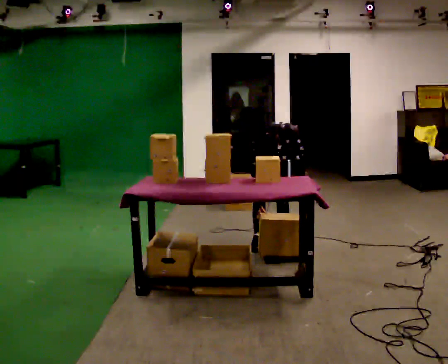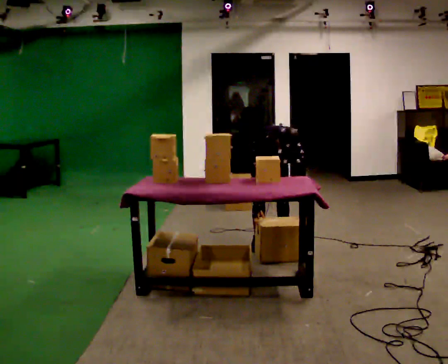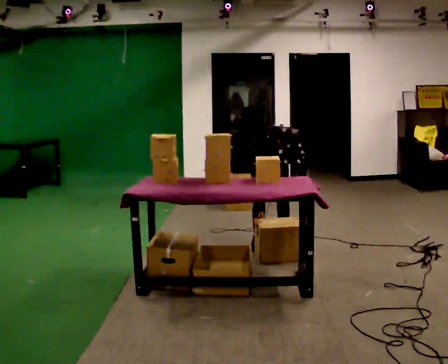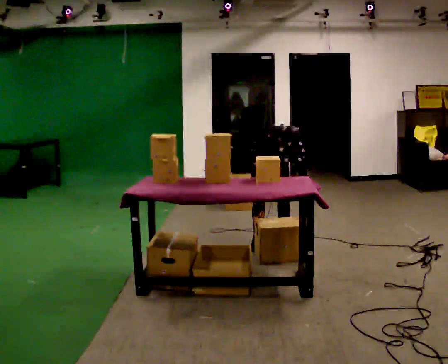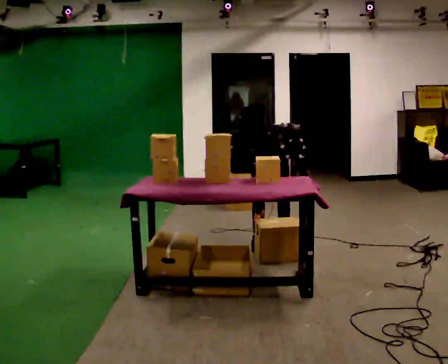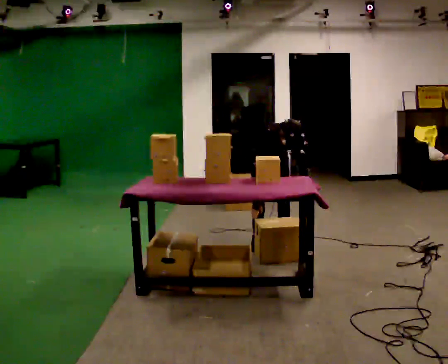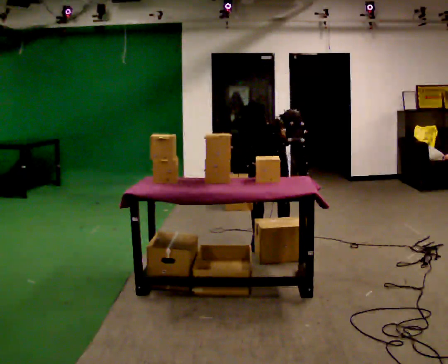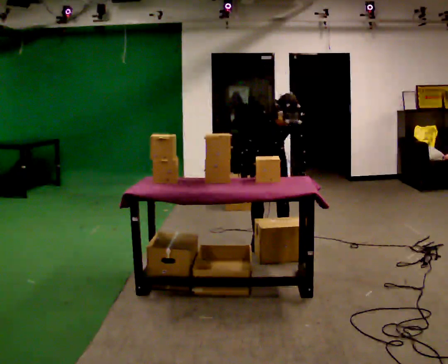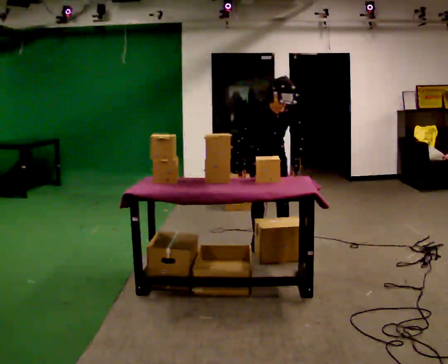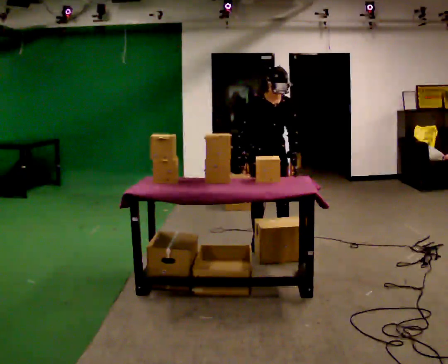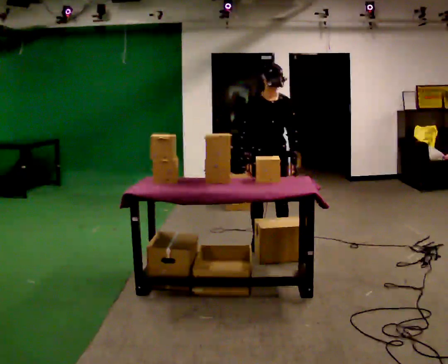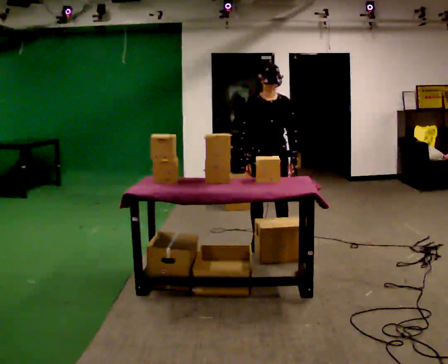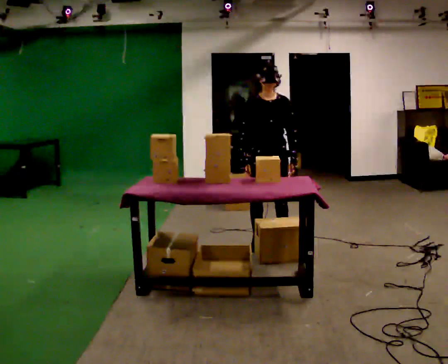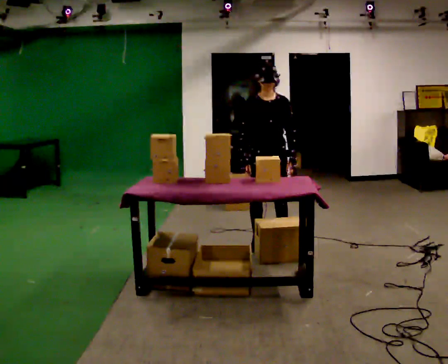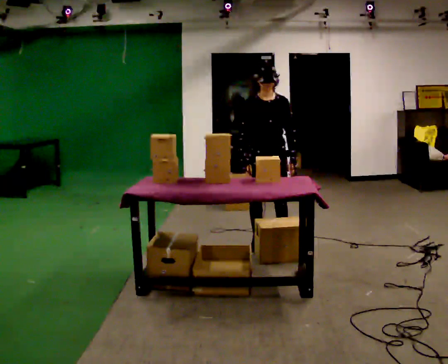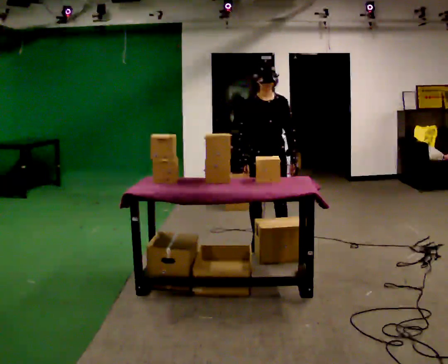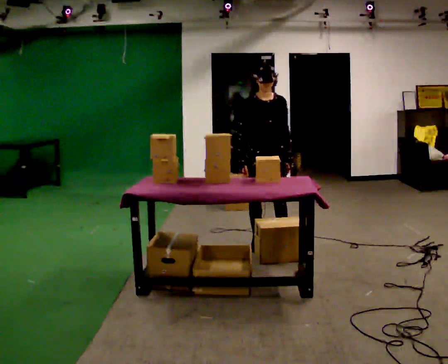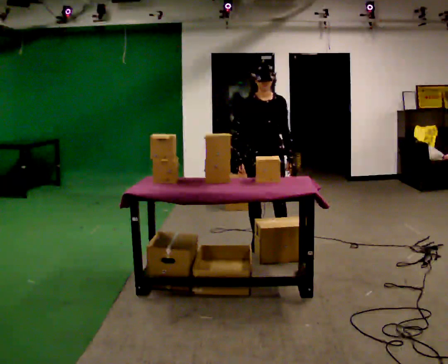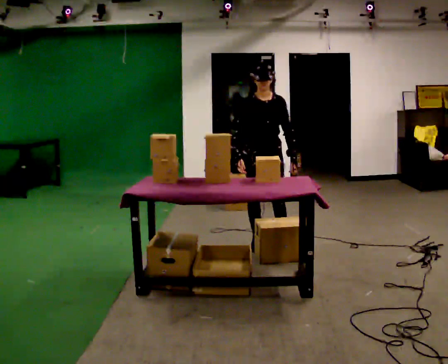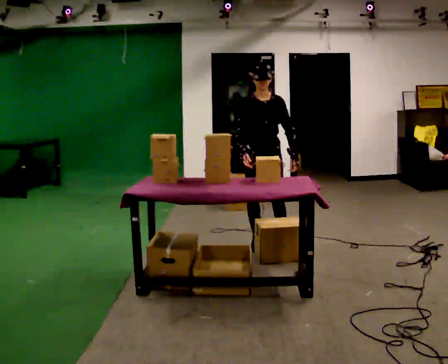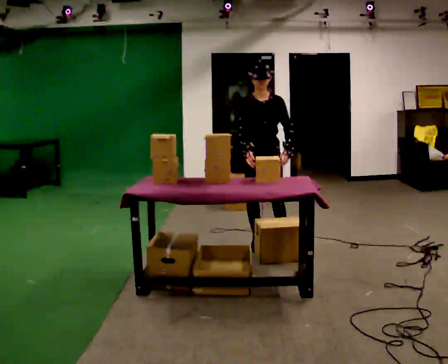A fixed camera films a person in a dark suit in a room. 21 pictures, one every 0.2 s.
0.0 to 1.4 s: The upper body tips away from the camera, its near side rolling upward, as they lean back or straighten.
1.4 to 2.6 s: In the picture they go toward the camera, about 0.25 m, which for them is forward. The shoulders move upward. The upper body tips away from the camera, its near side rolling upward, as they lean back or straighten.
2.6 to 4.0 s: The person moves a little, or ends about where they began.
The film runs backward here.
